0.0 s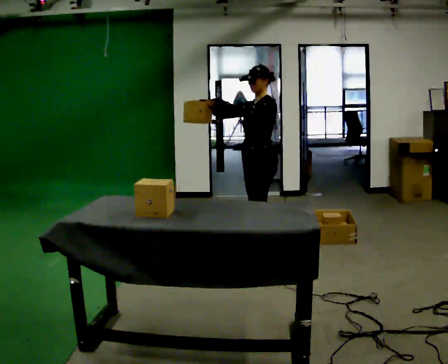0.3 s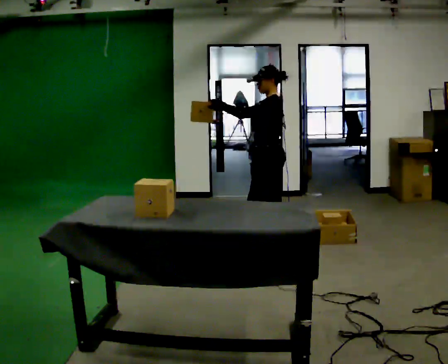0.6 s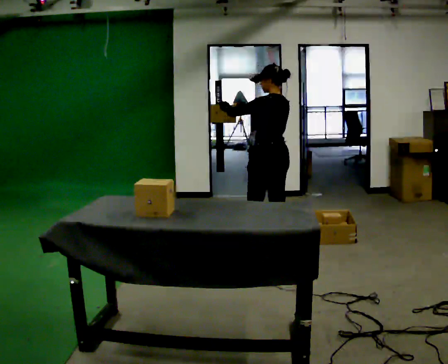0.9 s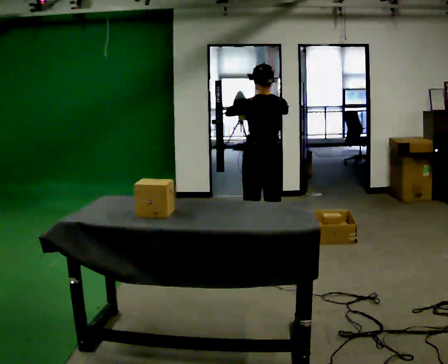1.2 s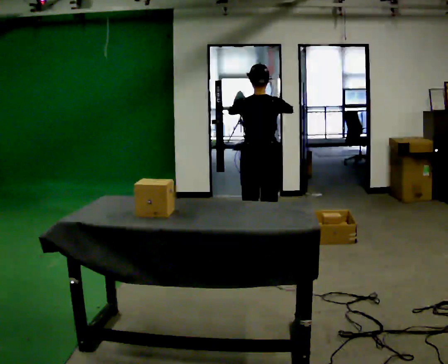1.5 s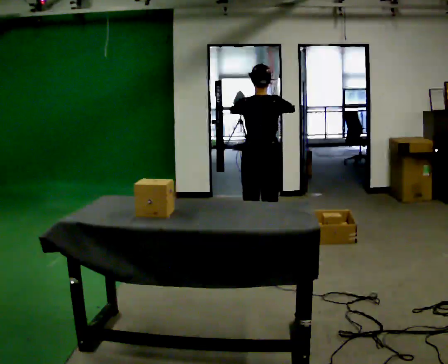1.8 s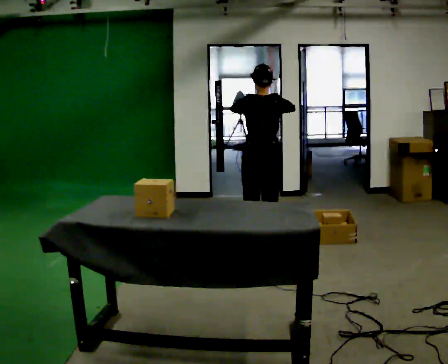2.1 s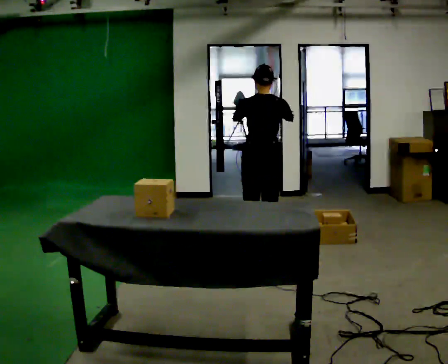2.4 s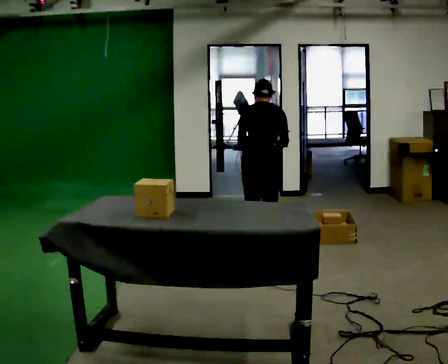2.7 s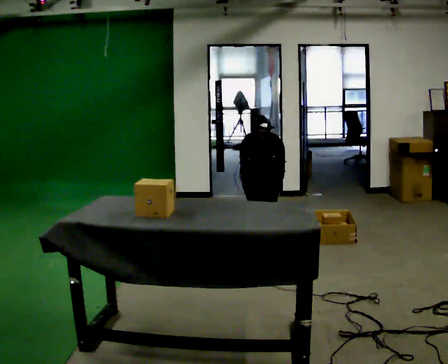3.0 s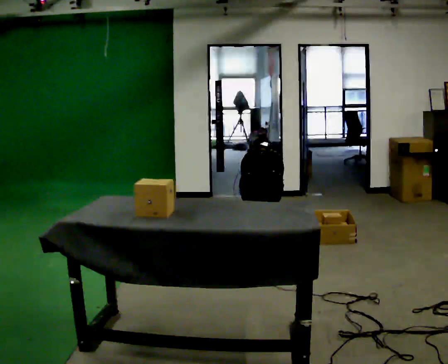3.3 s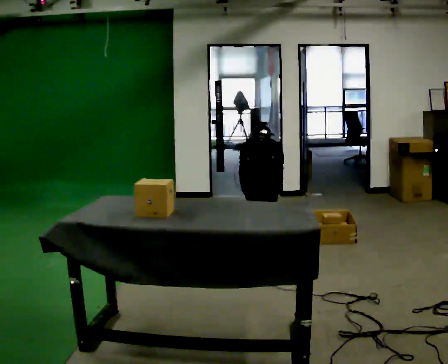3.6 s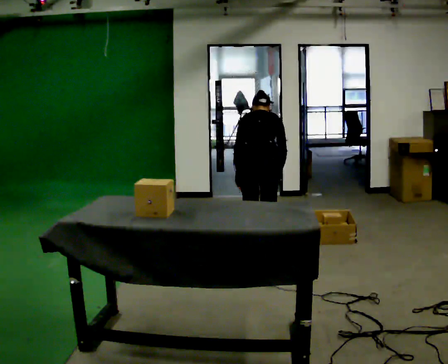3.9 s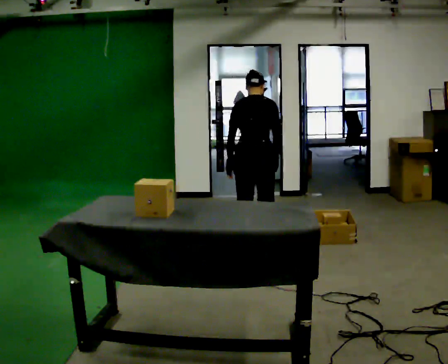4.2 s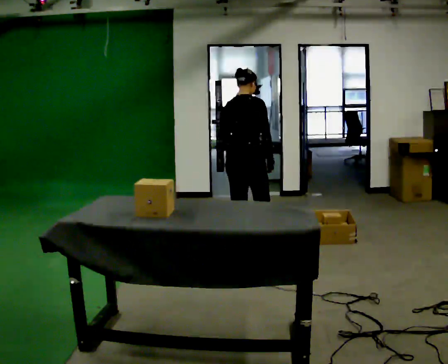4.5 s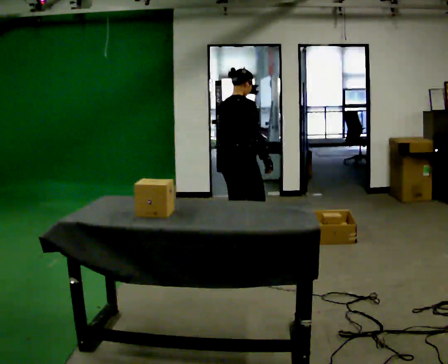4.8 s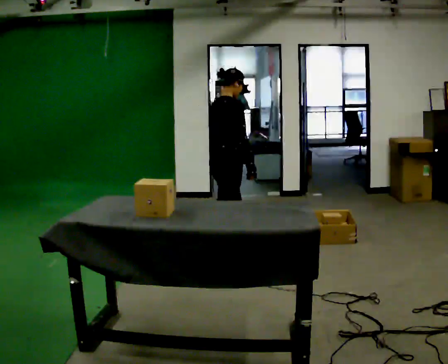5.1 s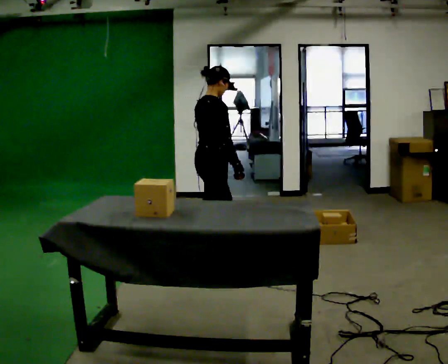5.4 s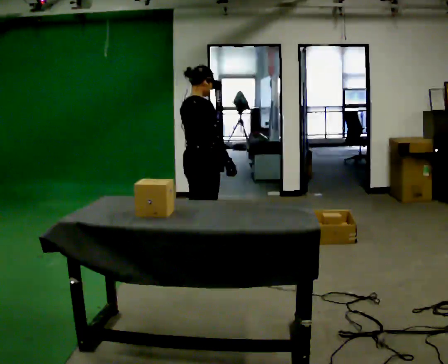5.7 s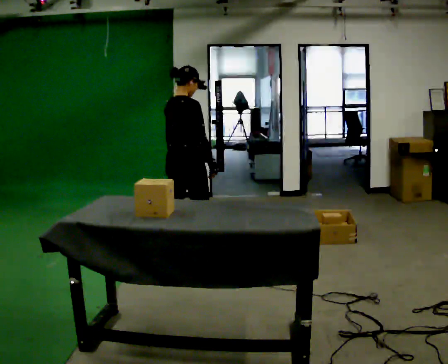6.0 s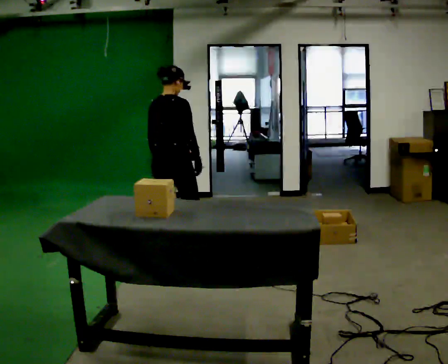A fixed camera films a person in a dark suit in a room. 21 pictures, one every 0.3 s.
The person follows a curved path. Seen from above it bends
clockwise.
0.0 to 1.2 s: The person turns about 120 degrees to their right, clockwise seen from above, so the part of the body nearest the lens slides to the left. In the picture their right hand goes to the right.
1.2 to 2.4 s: The upper body tips away from the camera, its near side rolling upward, as they bend forward. In the picture their left hand goes downward.
2.4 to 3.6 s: The person moves a little, or ends about where they began.
3.6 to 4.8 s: The person turns about 60 degrees to their right, clockwise seen from above, so the part of the body nearest the lens slides to the left. In the picture they go to the left, about 0.25 m in 1 step, which for them is to their left and backward. The upper body goes upward. The upper body tips toward the camera, its near side rolling downward, as they lean back or straighten.
4.8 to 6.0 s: The person turns about 30 degrees to their left, counterclockwise seen from above, so the part of the body nearest the lens slides to the right. In the picture they go to the left, about 0.5 m in 1 step, which for them is backward and to their left.
The film runs backward here.
